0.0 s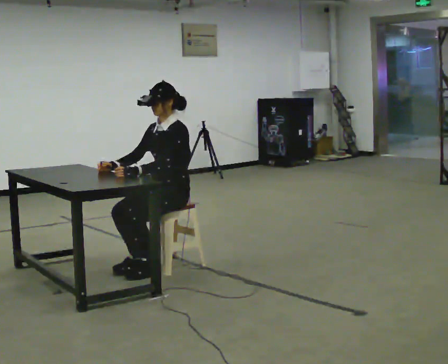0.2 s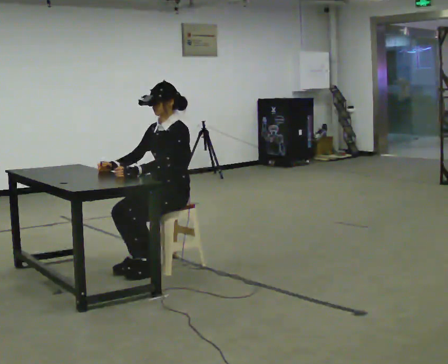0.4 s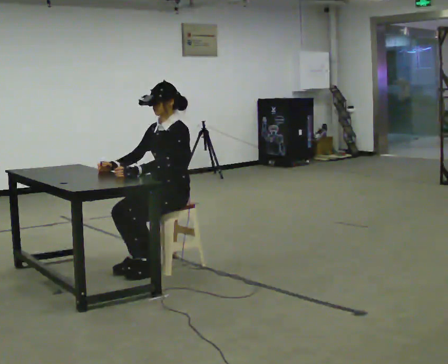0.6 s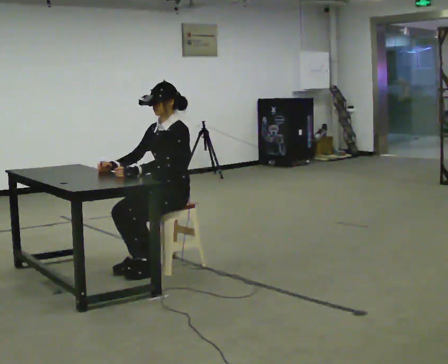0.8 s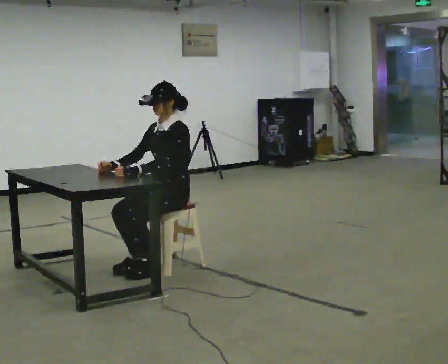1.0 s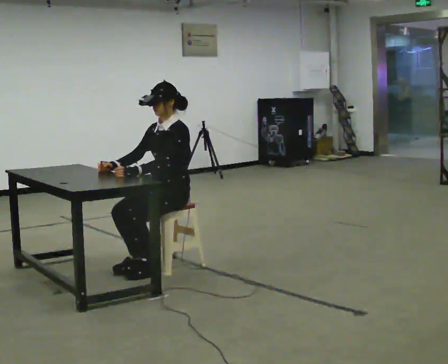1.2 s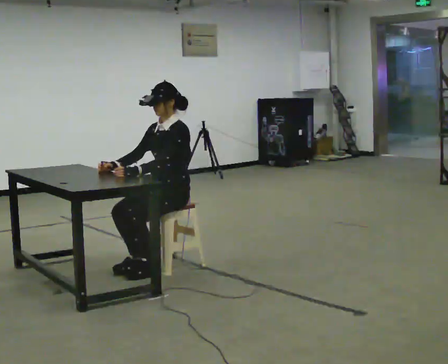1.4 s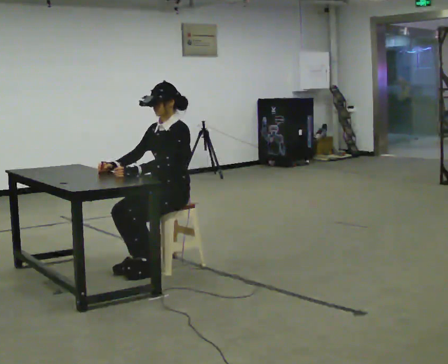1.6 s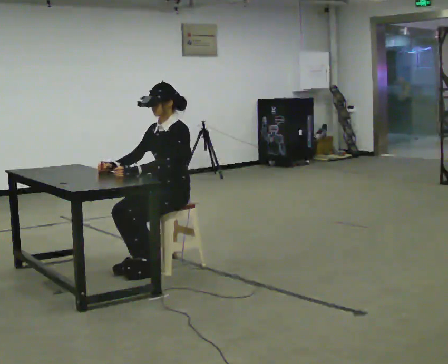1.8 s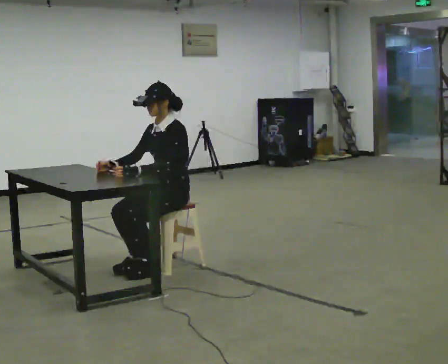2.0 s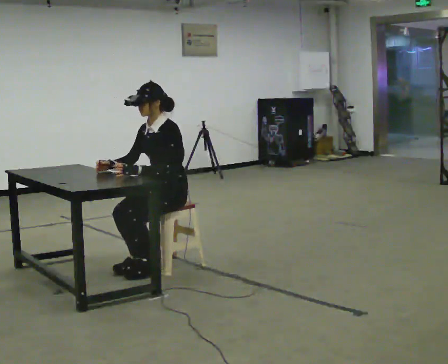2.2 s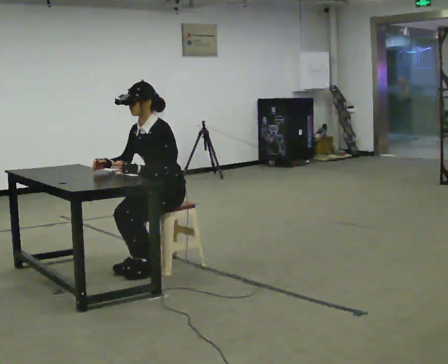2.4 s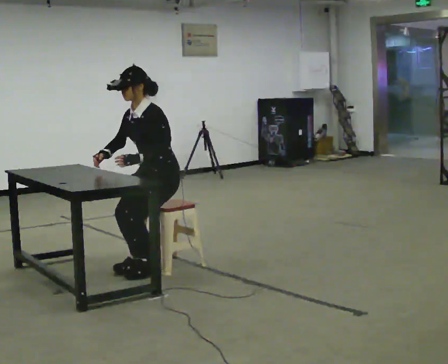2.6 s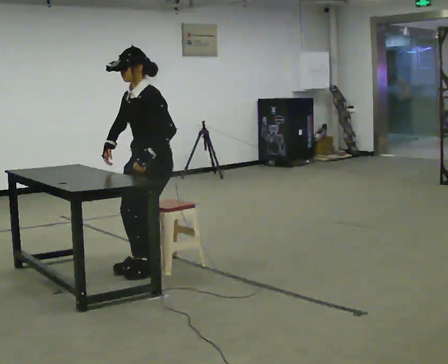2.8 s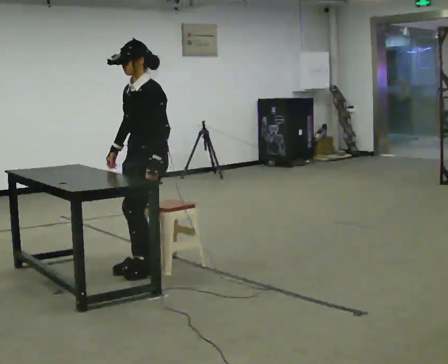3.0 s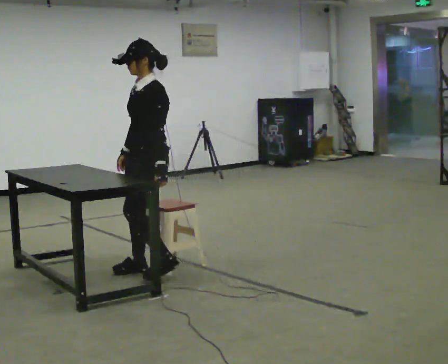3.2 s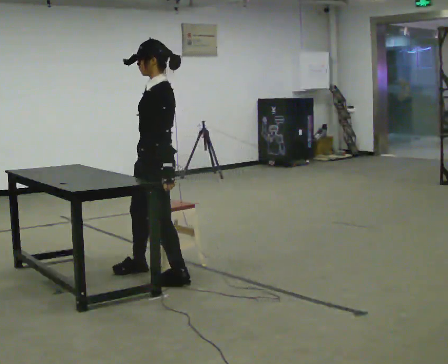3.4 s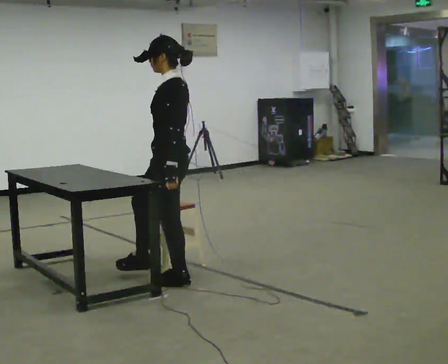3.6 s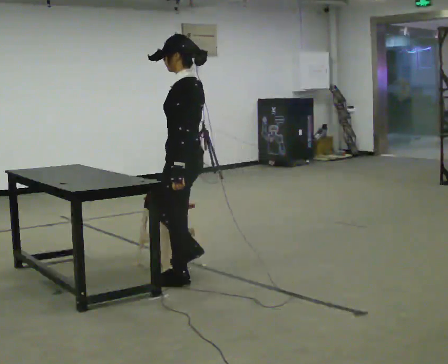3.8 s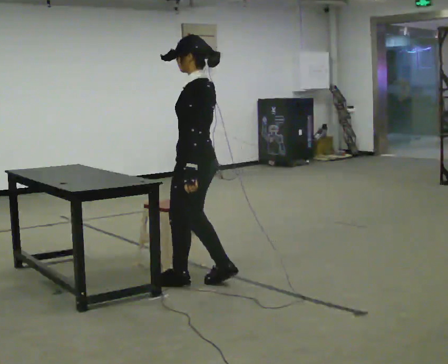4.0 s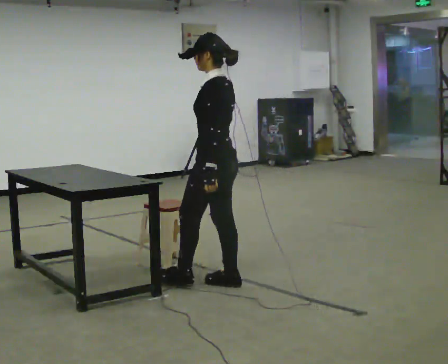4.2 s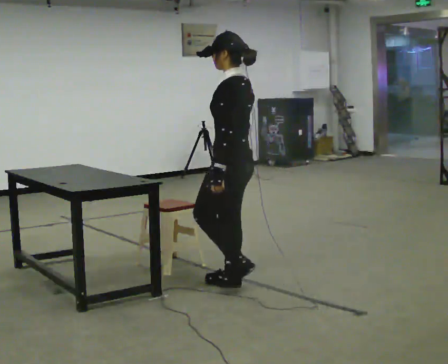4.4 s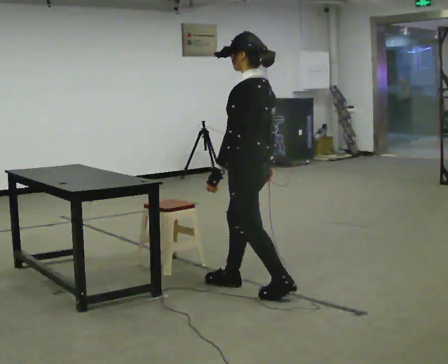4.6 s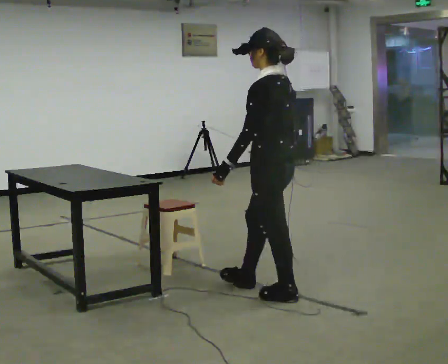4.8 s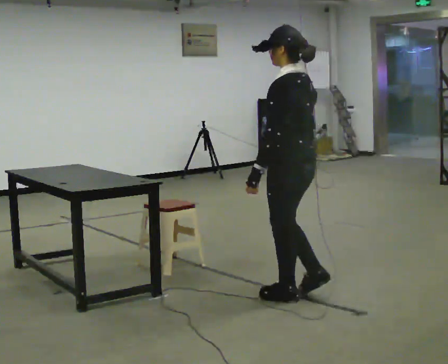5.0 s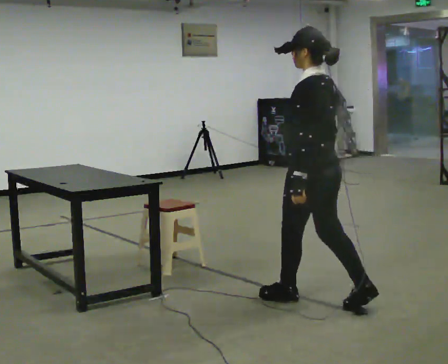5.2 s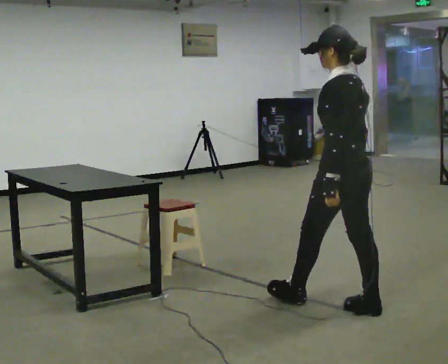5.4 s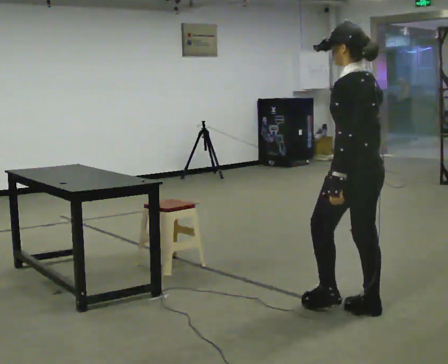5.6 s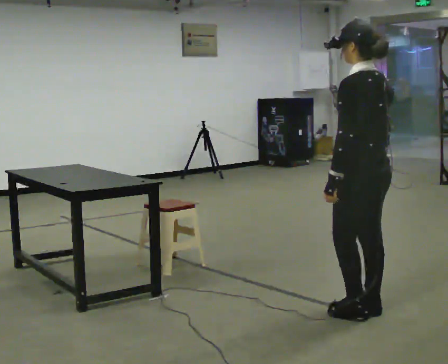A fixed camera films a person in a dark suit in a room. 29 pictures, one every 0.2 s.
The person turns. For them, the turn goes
to their right.
The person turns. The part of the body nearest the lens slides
to the left.
0.0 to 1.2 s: The person keeps their place and pose.
1.2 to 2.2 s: In the picture the upper body tilts counterclockwise, shoulders to the left, as they bend forward.
2.2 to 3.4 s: The part of the body nearest the lens slides to the left as the person turns to their right by about 45 degrees. In the picture they go toward the camera, about 0.25 m in 2 steps, which for them is to their left and forward. The shoulders move upward. In the picture the upper body tilts clockwise, shoulders to the right, as they lean back or straighten.
3.4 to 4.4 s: In the picture they go to the right and toward the camera, about 0.5 m in 1 step, which for them is backward.
4.4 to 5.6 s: In the picture they go to the right and toward the camera, about 1 m in 2 steps, which for them is backward.
The film runs backward here.
